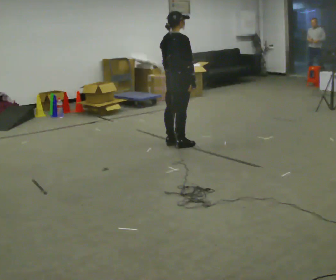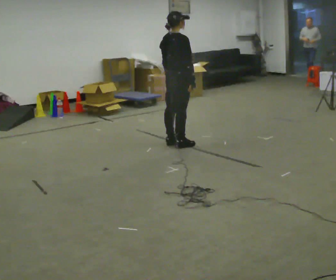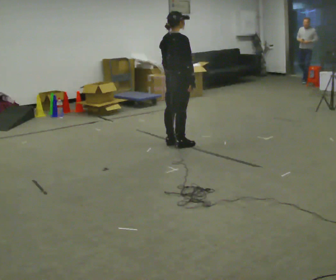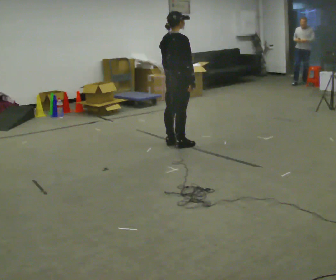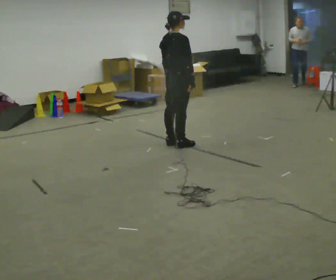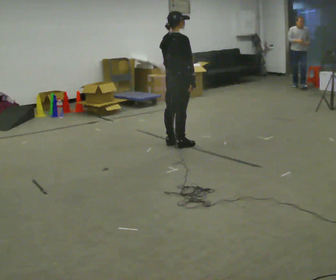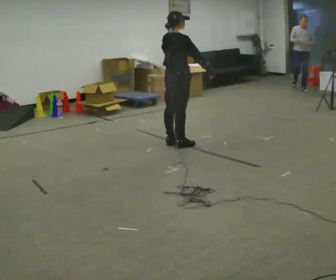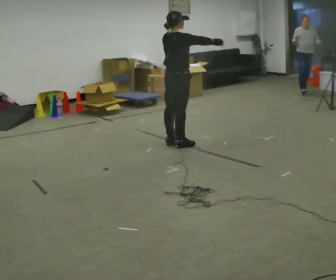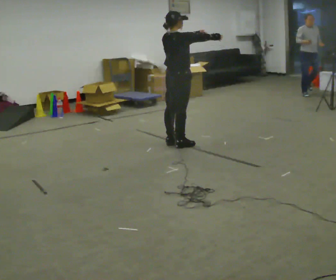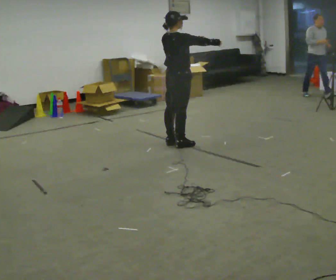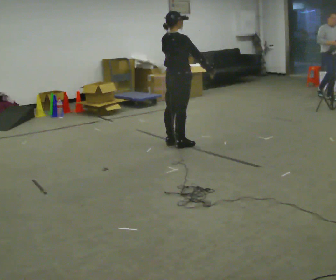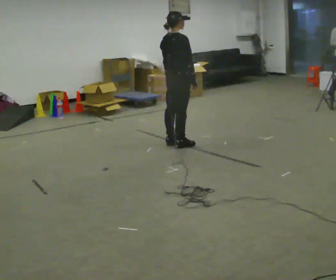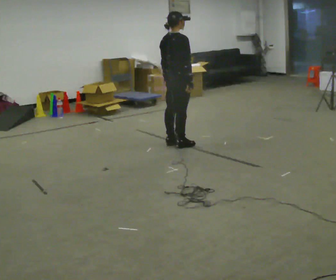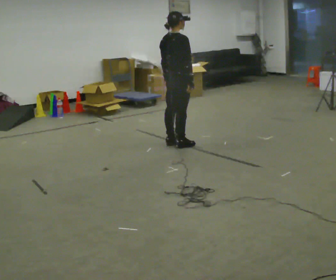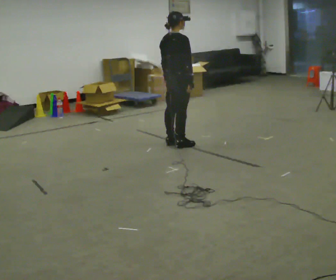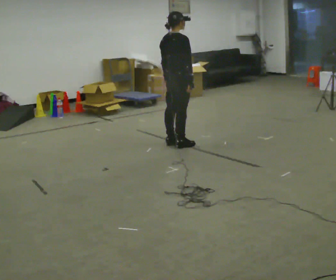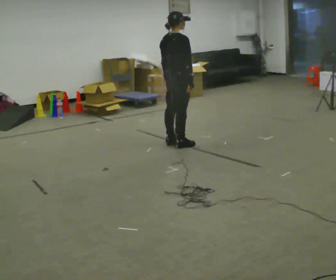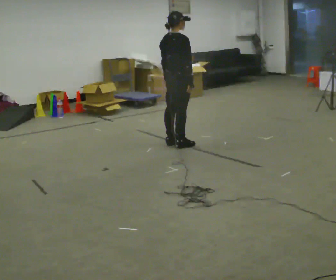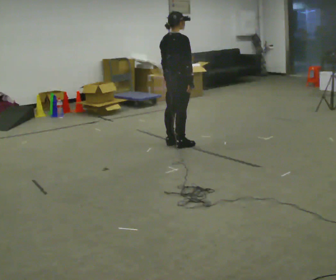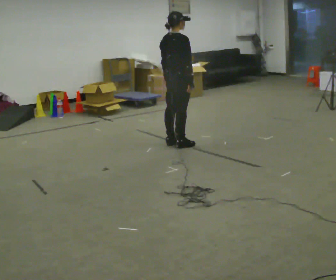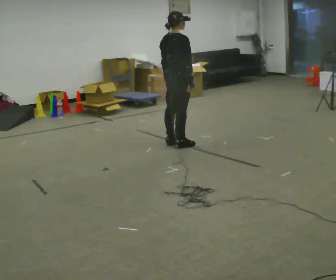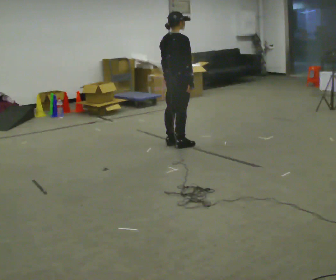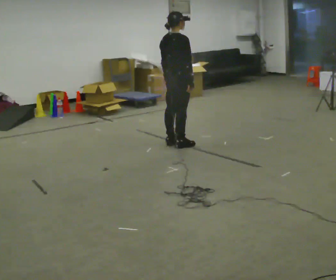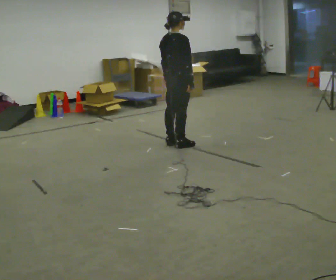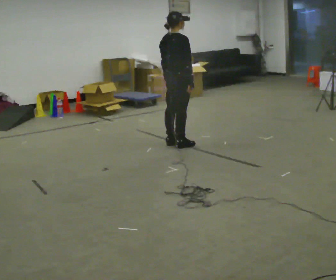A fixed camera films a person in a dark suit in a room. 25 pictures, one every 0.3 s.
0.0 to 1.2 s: The person keeps their place and pose.
1.2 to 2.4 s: In the picture their left hand goes upward and to the right, the arm swinging counterclockwise.
2.4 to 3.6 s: In the picture their left hand goes downward and to the left, the arm swinging clockwise.
3.6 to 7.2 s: The person keeps their place and pose.
The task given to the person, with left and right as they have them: Reach as far as you comfortably can in each direction the operator calls: up, down, forward, each side, and behind. Hold each one briefly. Keep both feet on the marked spots for the whole take. If you have to step, stop and tell the operator.
The film runs forward here.
